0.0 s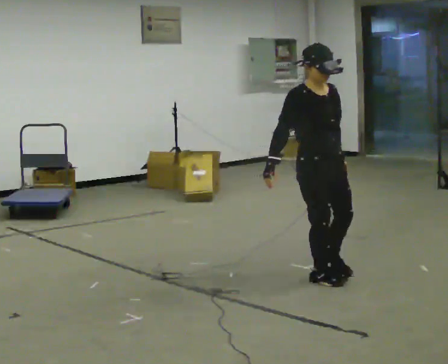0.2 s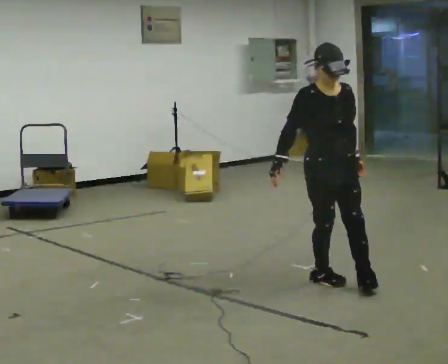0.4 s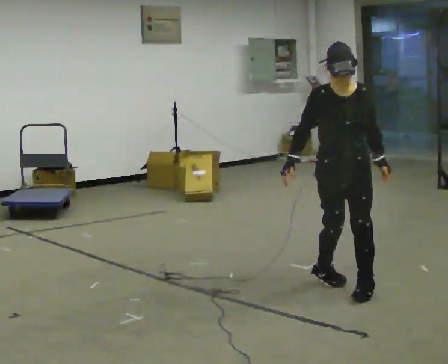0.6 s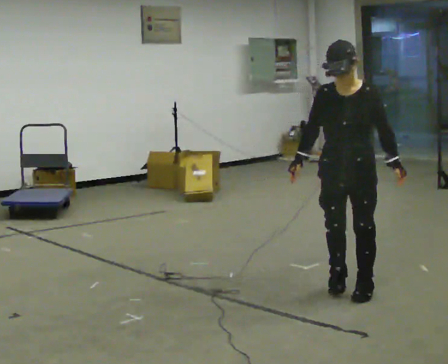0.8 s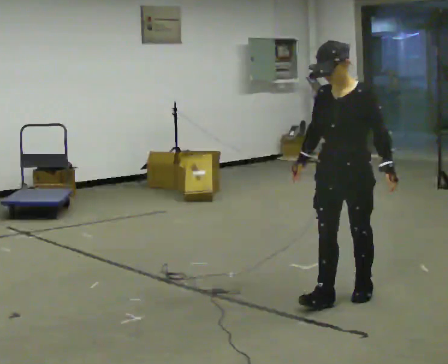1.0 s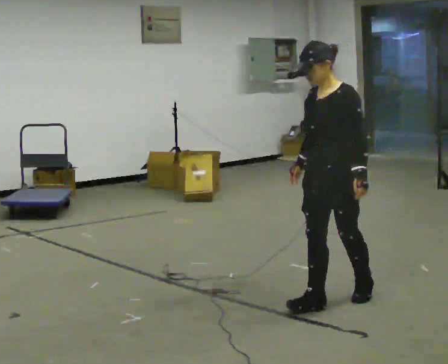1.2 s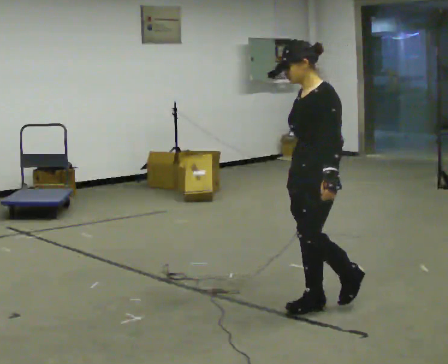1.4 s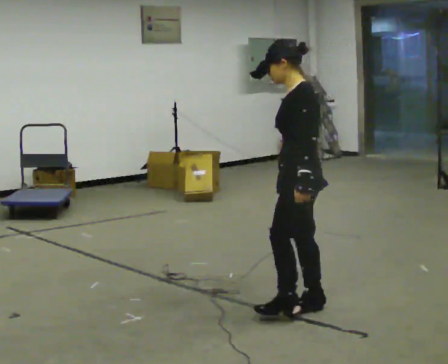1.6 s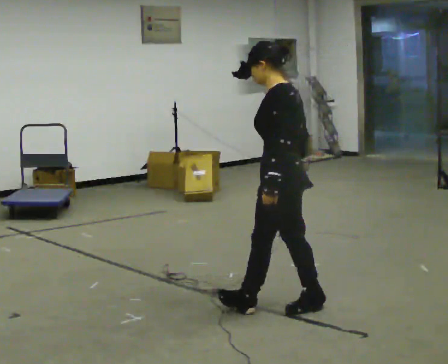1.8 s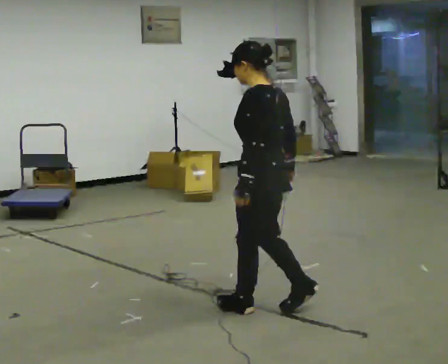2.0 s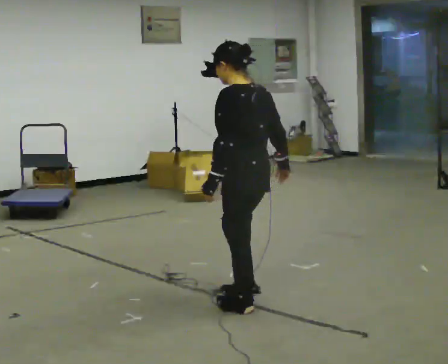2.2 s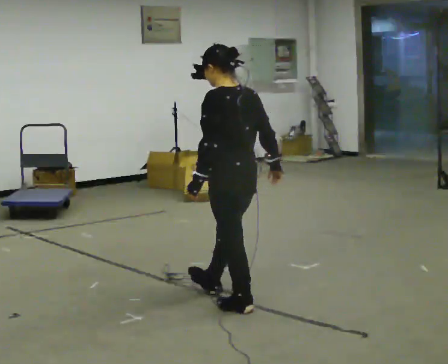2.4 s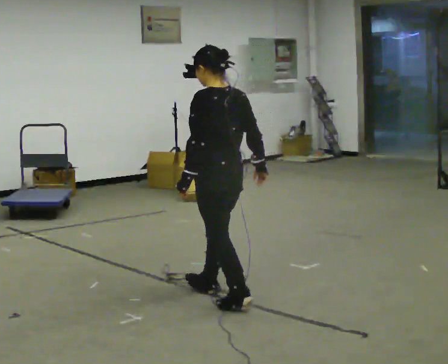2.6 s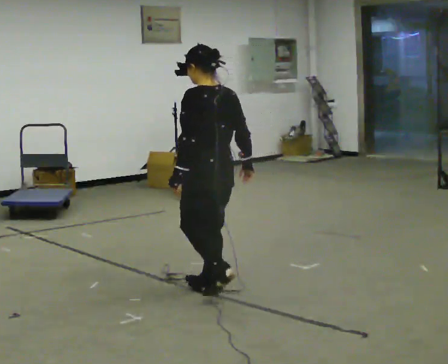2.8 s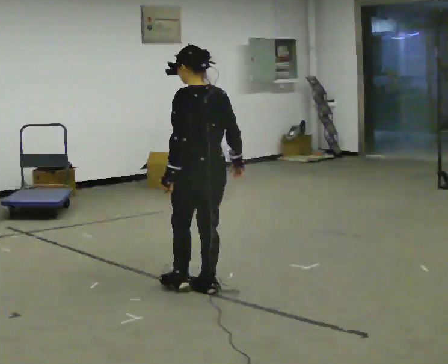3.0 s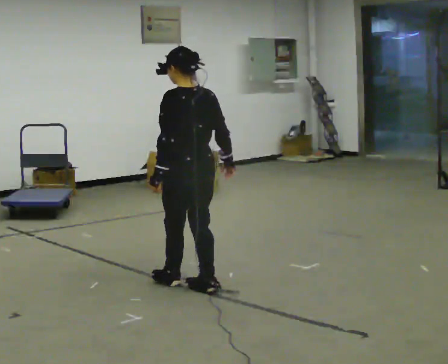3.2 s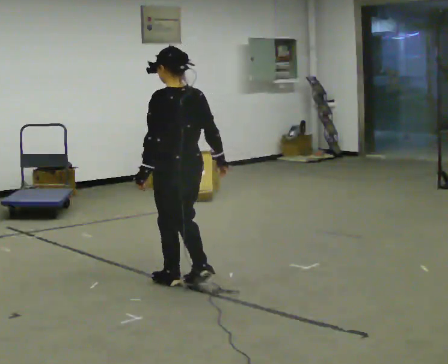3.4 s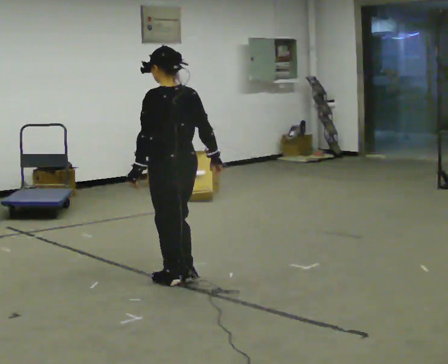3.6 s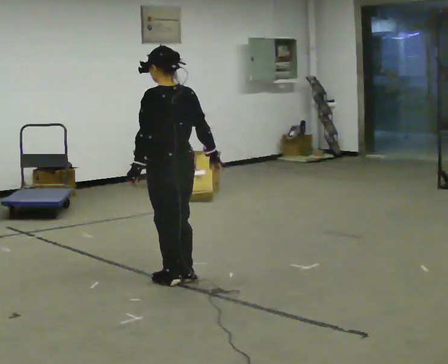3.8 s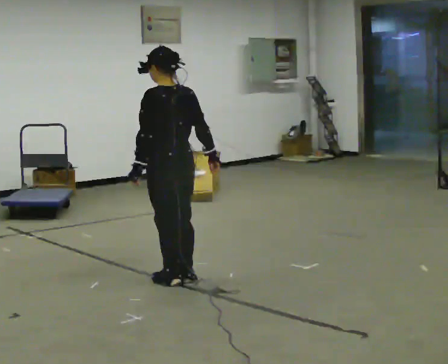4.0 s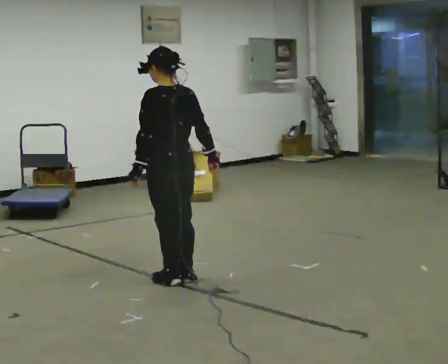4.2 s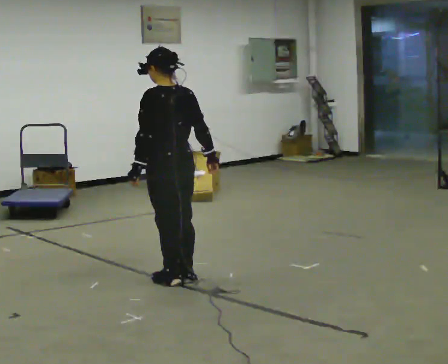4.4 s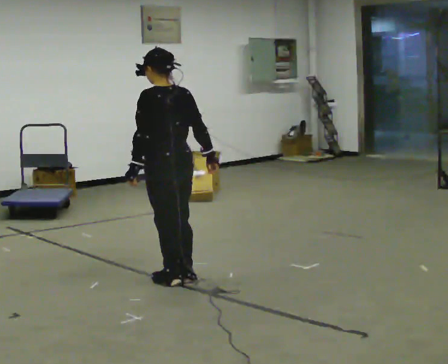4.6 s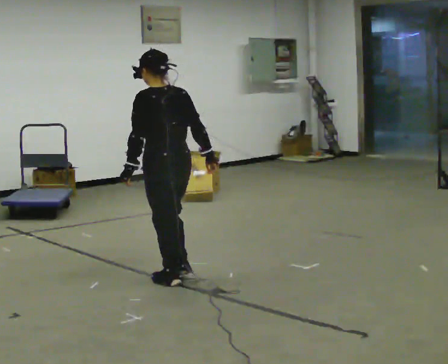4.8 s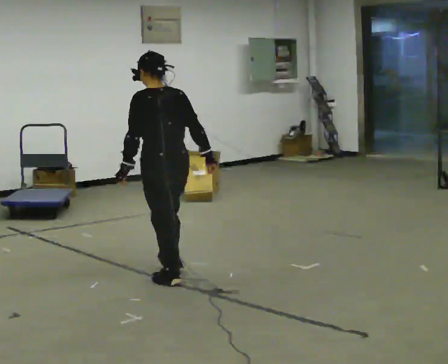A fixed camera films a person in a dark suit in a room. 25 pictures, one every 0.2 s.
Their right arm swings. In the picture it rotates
counterclockwise.
The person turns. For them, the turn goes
to their right.
0.0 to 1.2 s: Seen from above the body turns clockwise, about 105 degrees: to their right, with its near side sliding to the left. In the picture they go toward the camera, about 0.5 m in 2 steps.
1.2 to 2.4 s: The part of the body nearest the lens slides to the left as the person turns to their right by about 60 degrees. In the picture they go to the left, about 0.5 m in 2 steps.
2.4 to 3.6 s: In the picture they go away from the camera and to the left, about 0.5 m in 2 steps, which for them is forward.
3.6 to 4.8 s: The person moves a little, or ends about where they began.
The film runs forward here.
